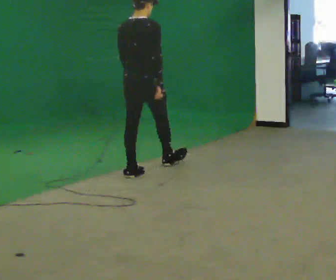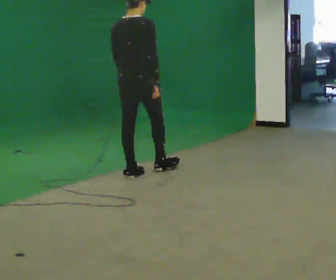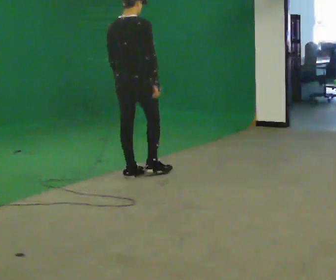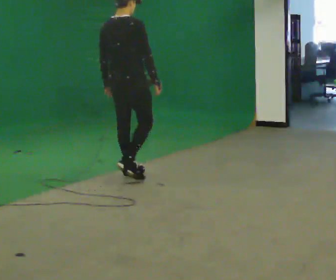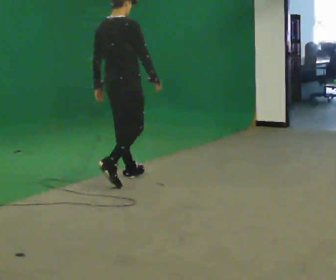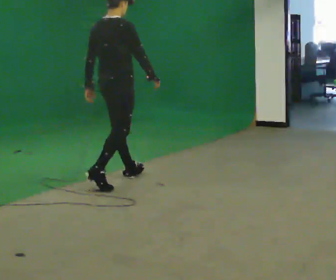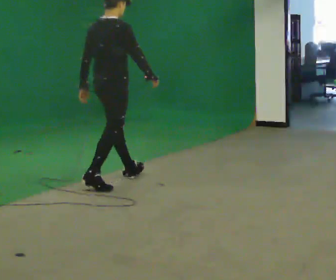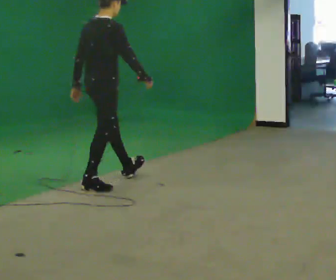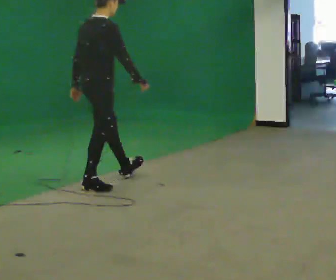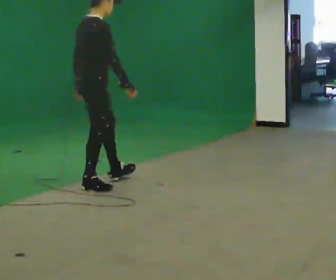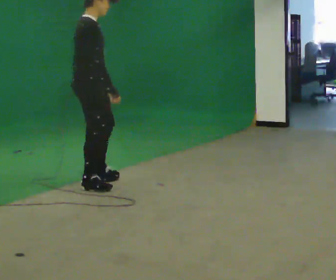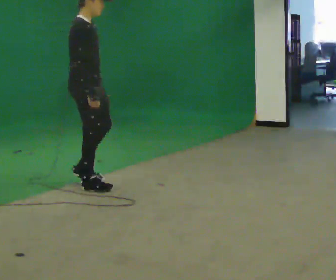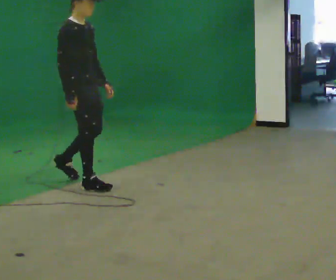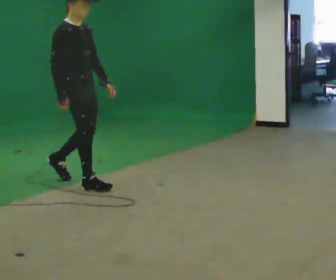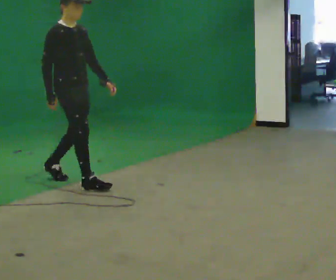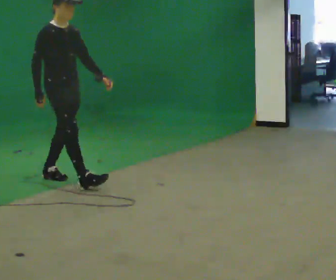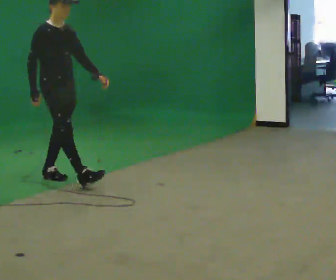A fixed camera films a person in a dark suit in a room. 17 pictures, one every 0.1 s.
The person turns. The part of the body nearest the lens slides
to the left.
The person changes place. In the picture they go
to the left.
0.0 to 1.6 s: Seen from above the body turns clockwise, about 90 degrees: to their right, with its near side sliding to the left. In the picture they go to the left, about 1 m in 2 steps.
The film runs backward here.
